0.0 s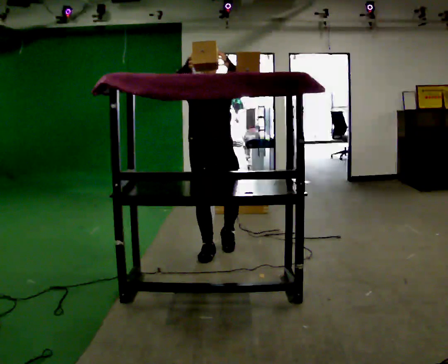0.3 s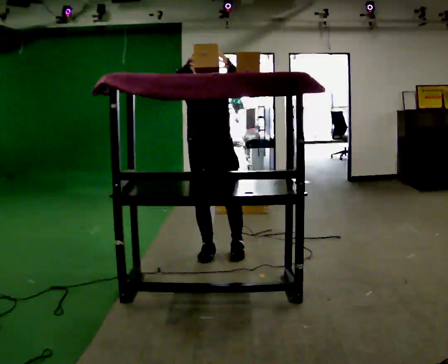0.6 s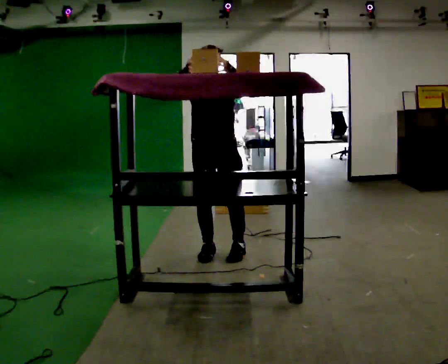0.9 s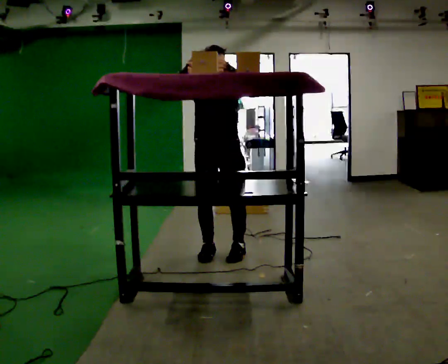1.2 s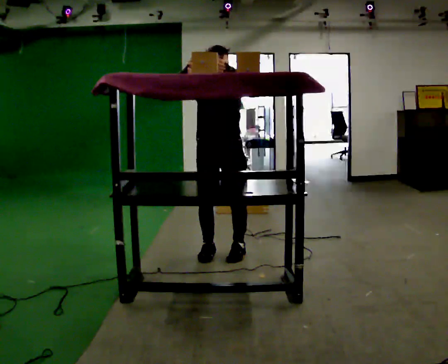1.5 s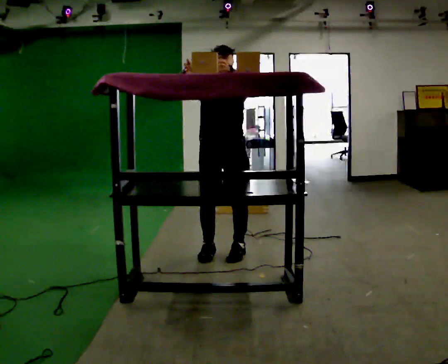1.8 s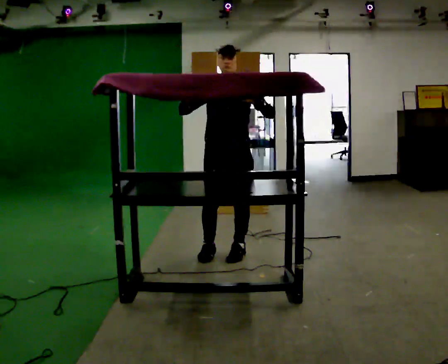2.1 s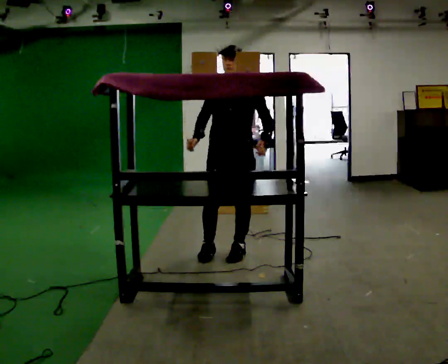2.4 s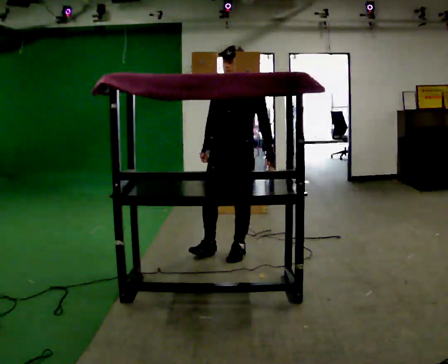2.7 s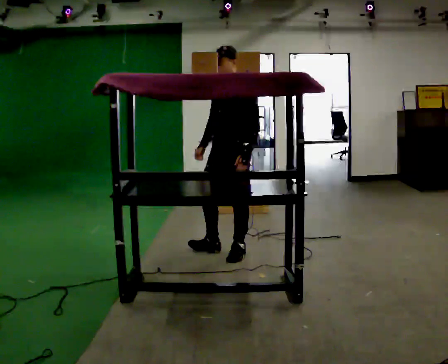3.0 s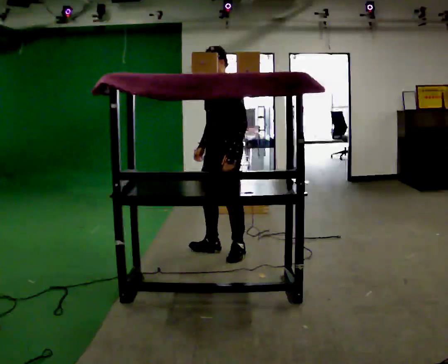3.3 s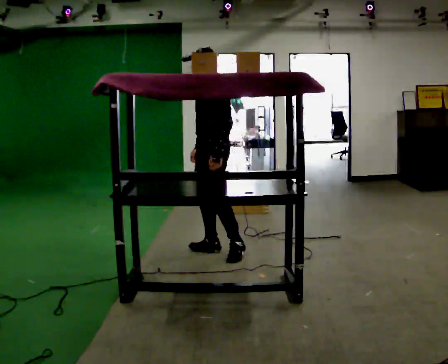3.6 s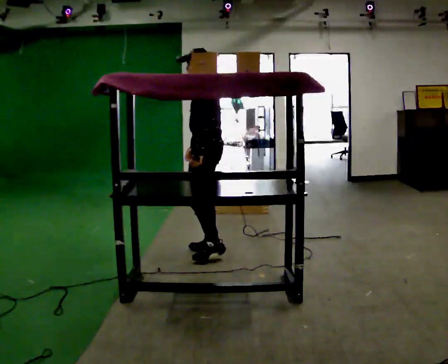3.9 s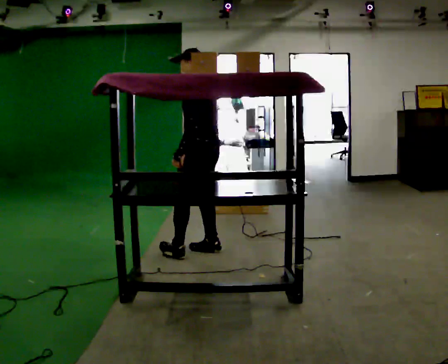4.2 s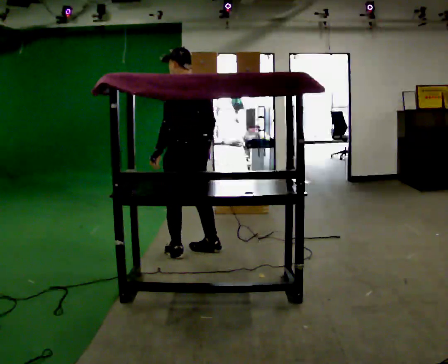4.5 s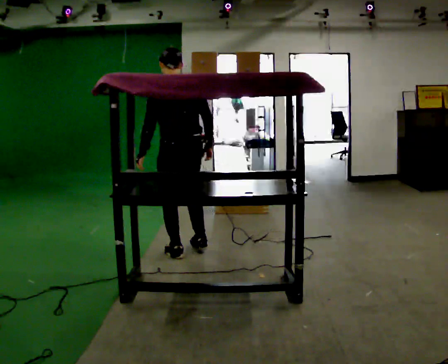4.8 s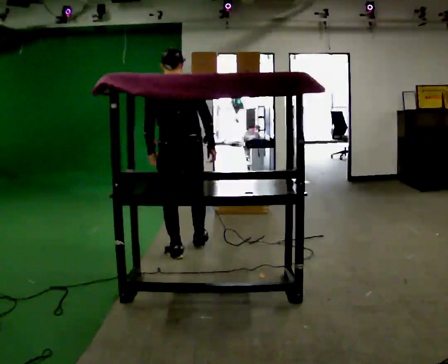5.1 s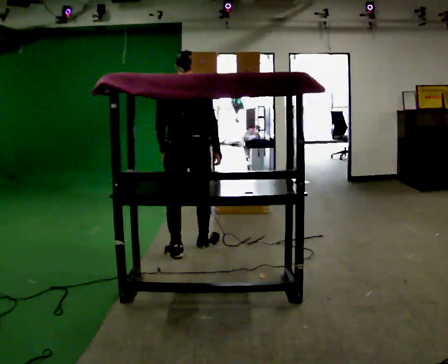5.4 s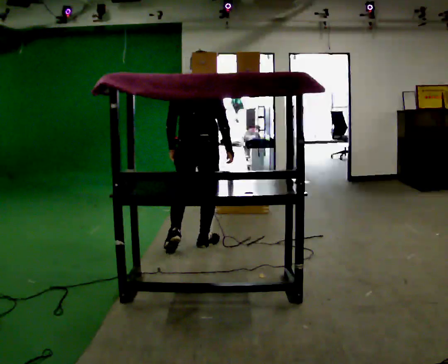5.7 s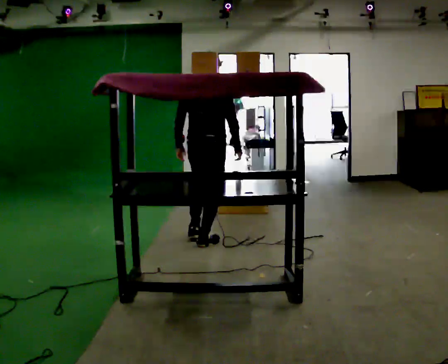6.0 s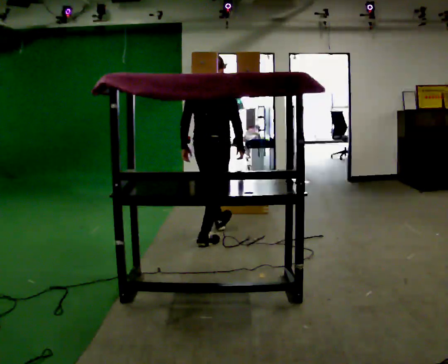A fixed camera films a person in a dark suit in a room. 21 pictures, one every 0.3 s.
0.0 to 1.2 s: The person moves a little, or ends about where they began.
1.2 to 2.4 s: The part of the body nearest the lens slides to the left as the person turns to their right by about 30 degrees. In the picture their right hand goes downward.
2.4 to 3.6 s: The part of the body nearest the lens slides to the left as the person turns to their right by about 60 degrees. In the picture they go to the left, about 0.25 m. In the picture their left hand goes to the left.
3.6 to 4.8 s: The person turns about 75 degrees to their right, clockwise seen from above, so the part of the body nearest the lens slides to the left. In the picture they go to the left, about 0.25 m in 1 step.
4.8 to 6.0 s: The part of the body nearest the lens slides to the left as the person turns to their right by about 45 degrees. In the picture they go away from the camera and to the right, about 0.5 m in 1 step, which for them is forward.
The film runs forward here.
